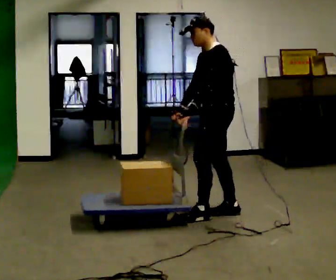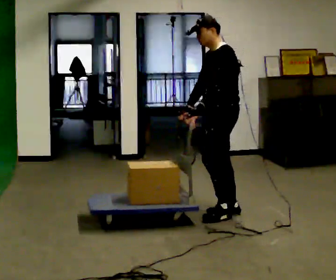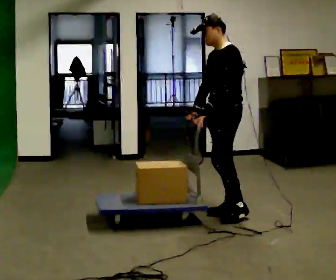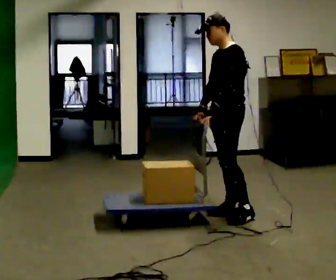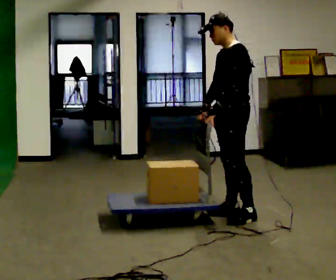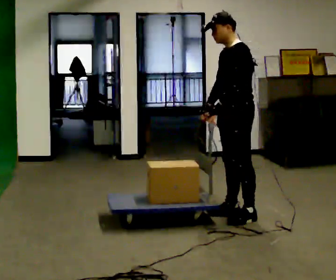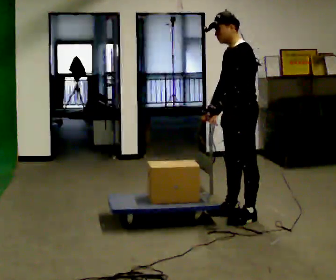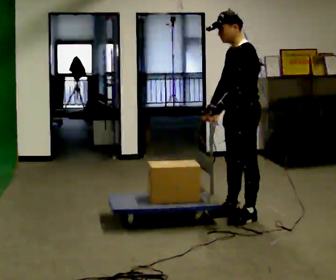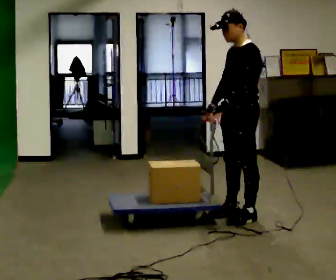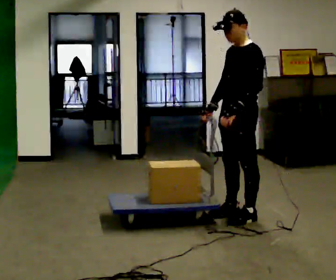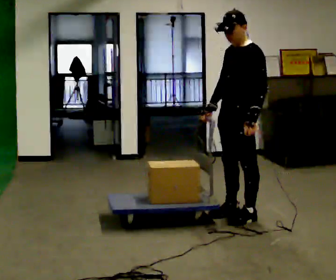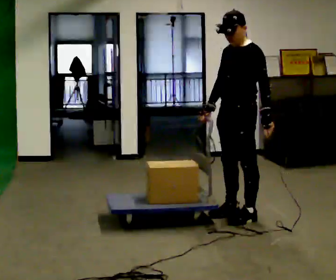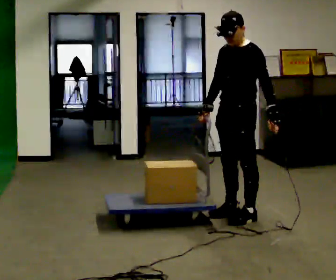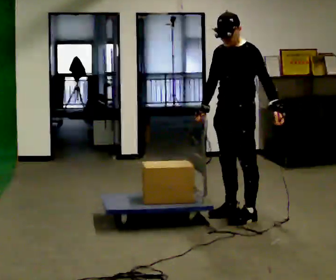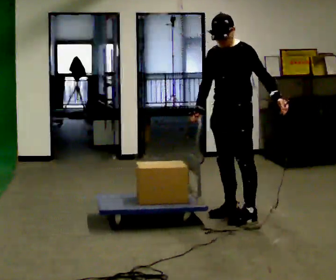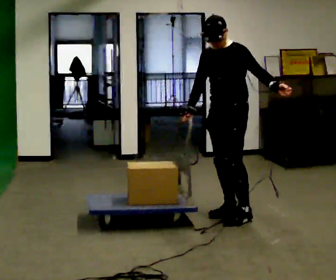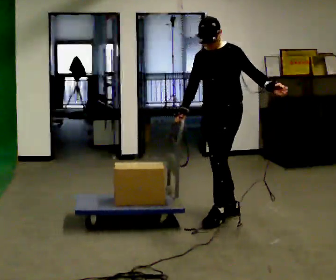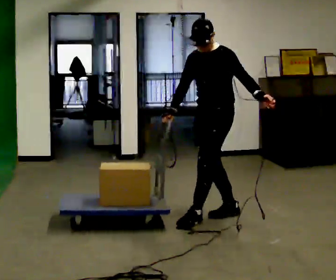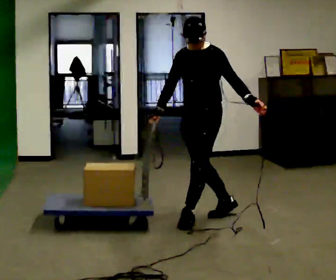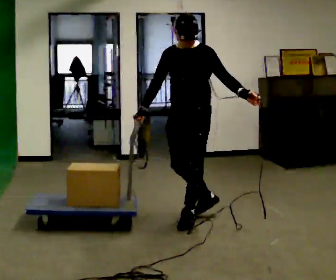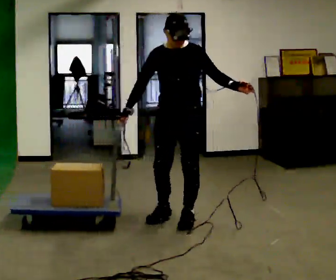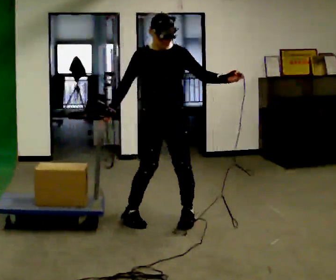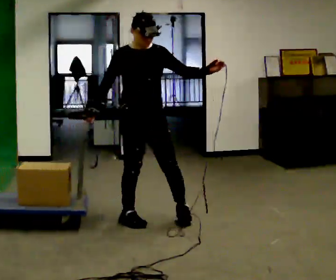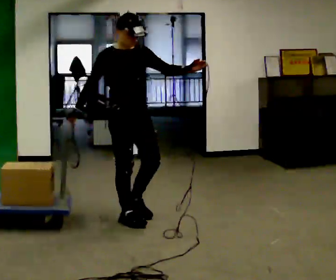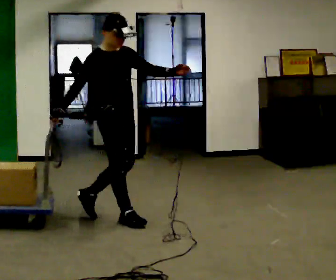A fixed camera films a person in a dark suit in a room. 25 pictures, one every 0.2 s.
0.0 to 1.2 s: In the picture they go to the right, about 0.25 m, which for them is backward and to their left.
1.2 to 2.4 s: In the picture their left hand goes to the right, the arm swinging counterclockwise.
2.4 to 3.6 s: In the picture they go to the left, about 0.25 m in 1 step, which for them is forward and to their right.
3.6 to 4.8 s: Seen from above the body turns counterclockwise, about 105 degrees: to their left, with its near side sliding to the right. In the picture they go to the left, about 1 m in 2 steps.
The film runs backward here.
